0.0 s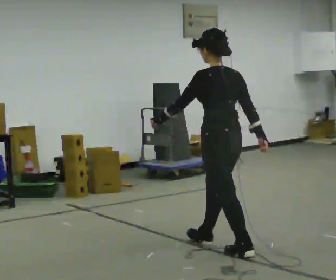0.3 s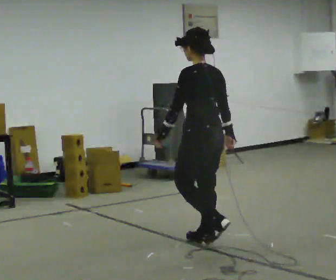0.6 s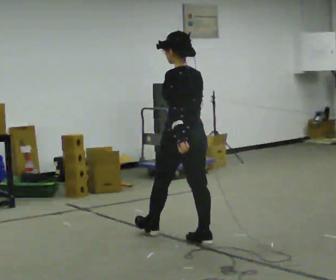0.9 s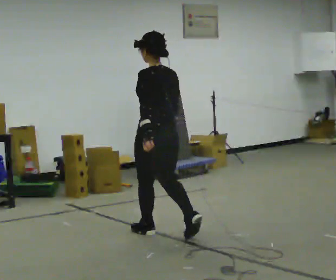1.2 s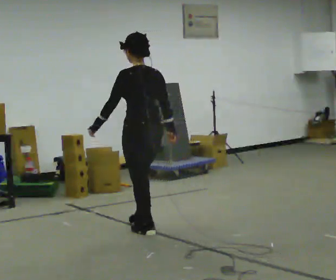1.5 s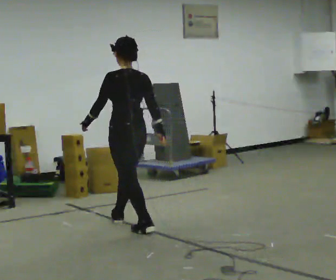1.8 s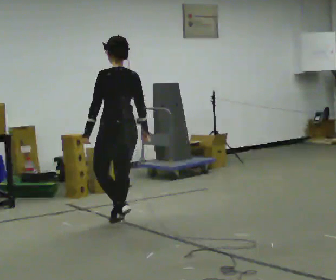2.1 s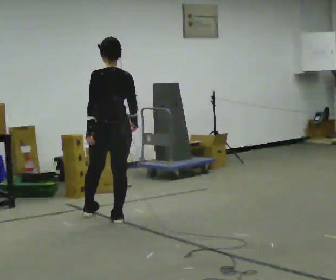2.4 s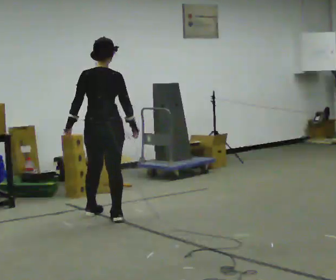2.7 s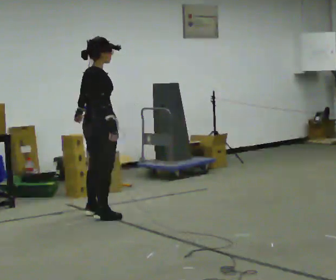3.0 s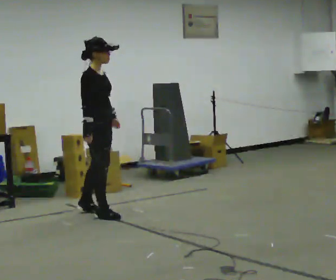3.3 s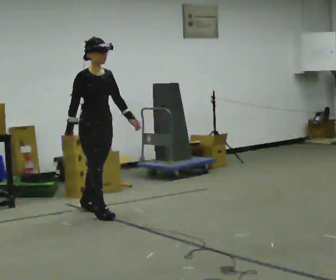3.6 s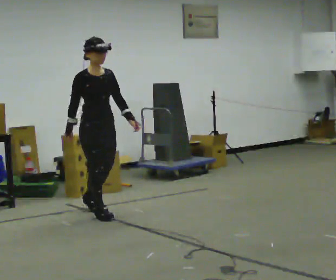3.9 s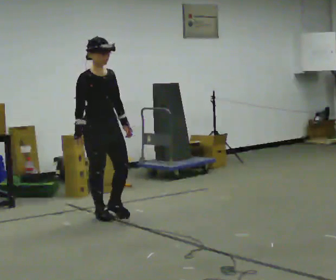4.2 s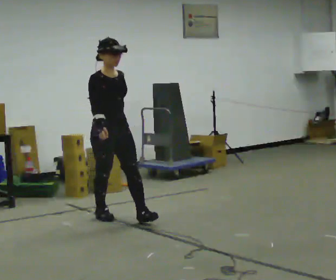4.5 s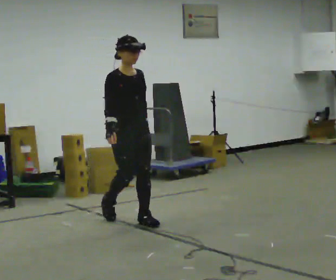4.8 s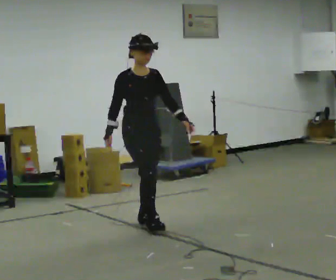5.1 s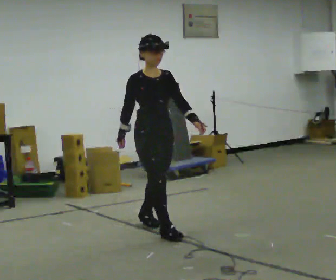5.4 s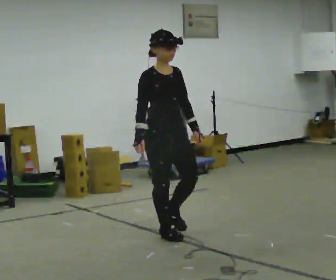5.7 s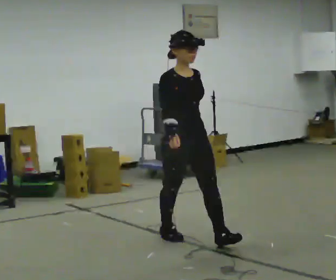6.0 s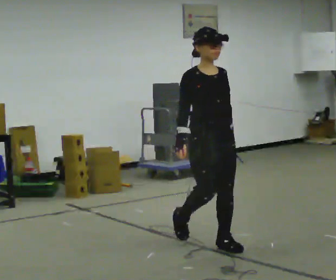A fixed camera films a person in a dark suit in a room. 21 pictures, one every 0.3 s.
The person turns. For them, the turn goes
to their right.
The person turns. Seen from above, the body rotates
clockwise.
0.0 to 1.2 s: In the picture they go away from the camera and to the left, about 1 m in 1 step, which for them is forward.
1.2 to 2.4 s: The part of the body nearest the lens slides to the left as the person turns to their right by about 45 degrees. In the picture they go away from the camera and to the left, about 0.75 m in 2 steps, which for them is forward.
2.4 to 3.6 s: Seen from above the body turns clockwise, about 120 degrees: to their right, with its near side sliding to the left. In the picture their left hand goes to the right, the arm swinging counterclockwise.
3.6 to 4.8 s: In the picture they go toward the camera and to the right, about 0.5 m in 1 step, which for them is forward.
4.8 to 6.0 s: In the picture they go toward the camera and to the right, about 1 m in 2 steps, which for them is forward.
The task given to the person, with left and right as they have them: Walk forward noticeably slower than normal; do not shuffle; stop.
The film runs forward here.
